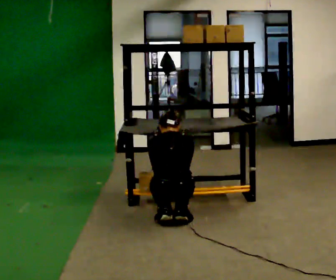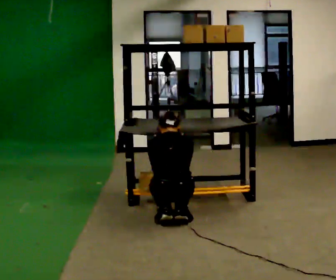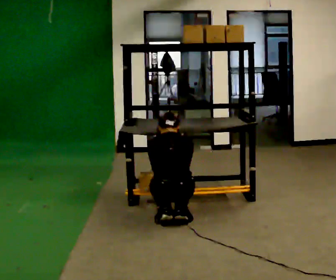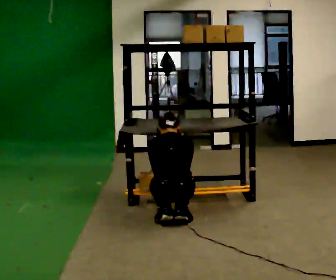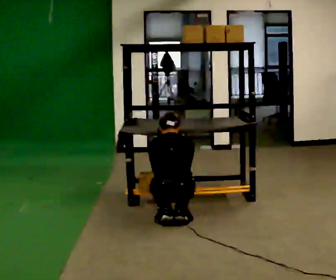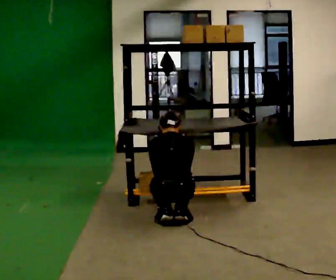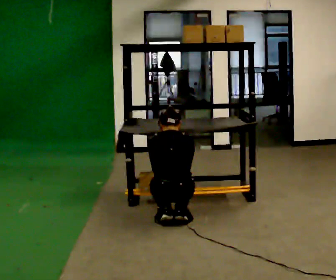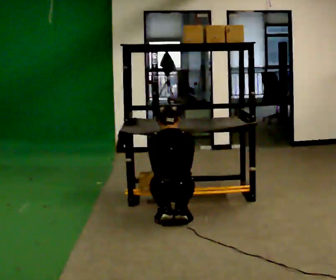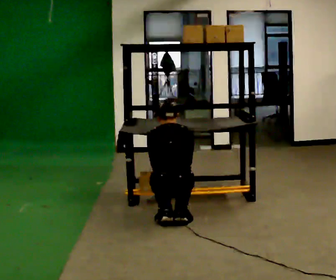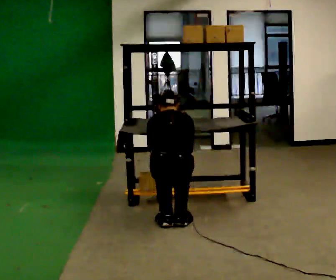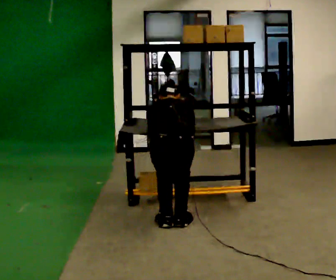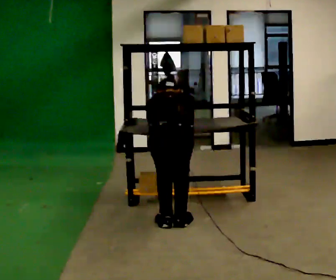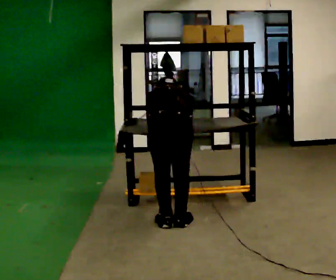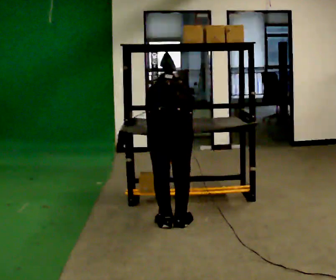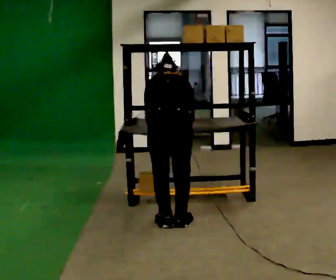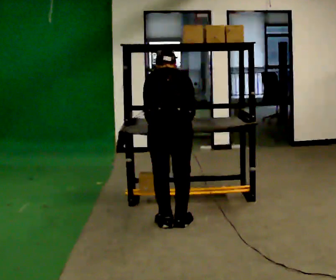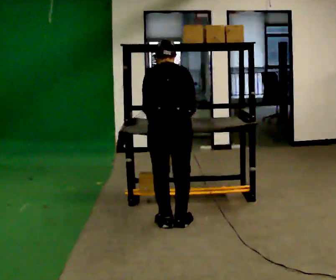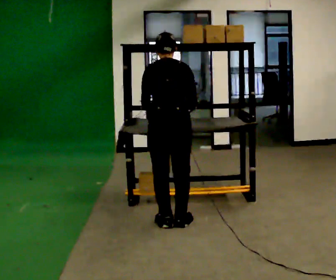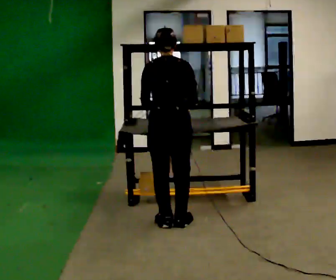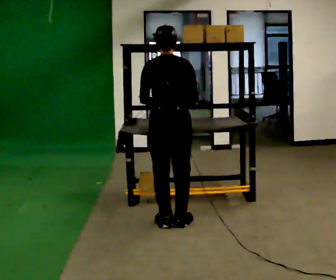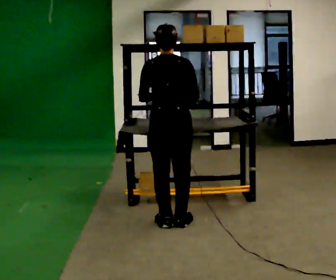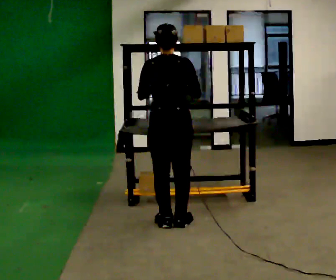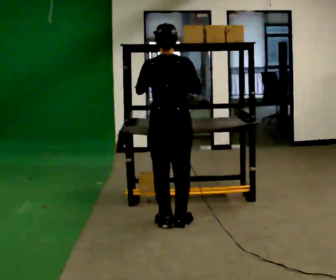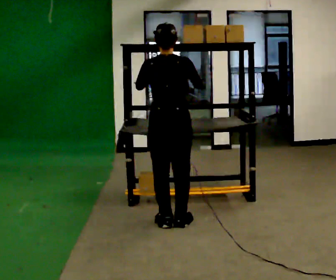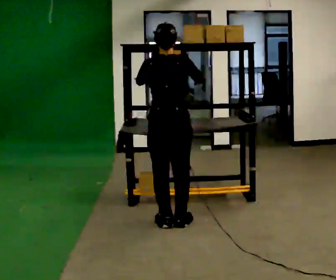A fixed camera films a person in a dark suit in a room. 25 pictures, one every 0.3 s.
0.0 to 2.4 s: The person moves a little, or ends about where they began.
2.4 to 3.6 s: The shoulders move upward. The upper body tips away from the camera, its near side rolling upward, as they bend forward.
3.6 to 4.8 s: The upper body goes upward. The upper body tips toward the camera, its near side rolling downward, as they lean back or straighten.
4.8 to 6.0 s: The upper body tips toward the camera, its near side rolling downward, as they lean back or straighten.
6.0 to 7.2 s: The person moves a little, or ends about where they began.
The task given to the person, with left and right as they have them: Take an object from the lowest shelf, carry it across the room, and place it on the highest shelf you can comfortably reach. Keep going until the operator says stop; one object at a time, and do not rush between trips.
The film runs forward here.
